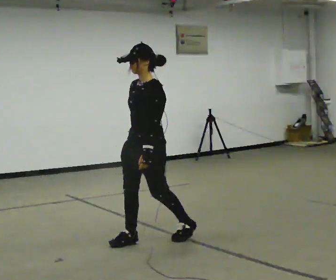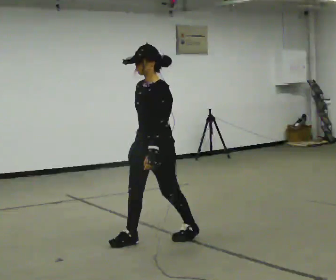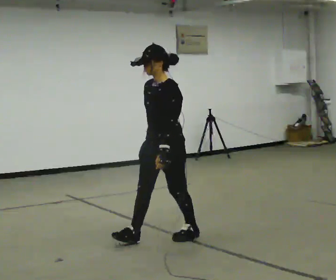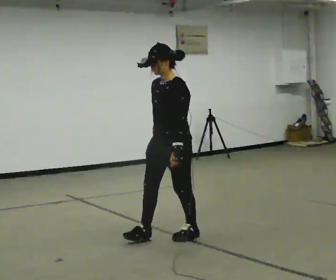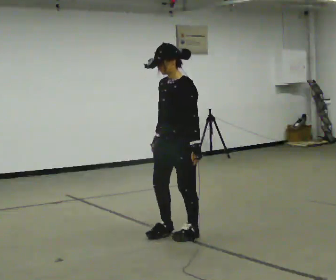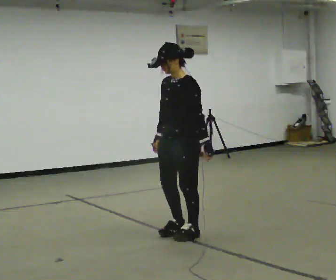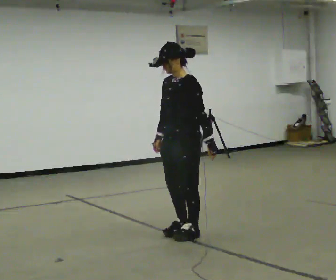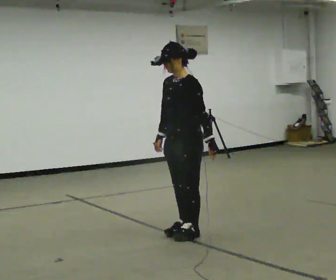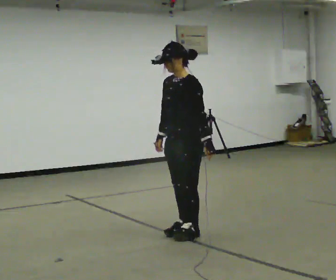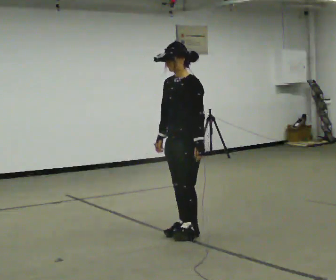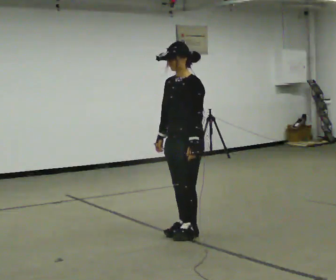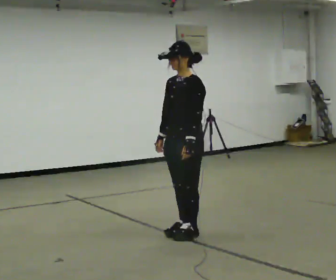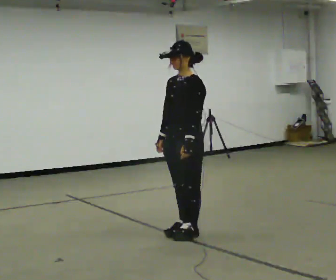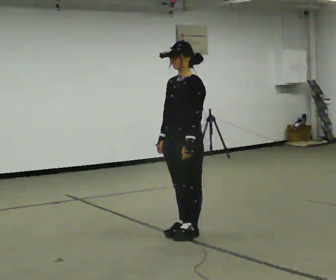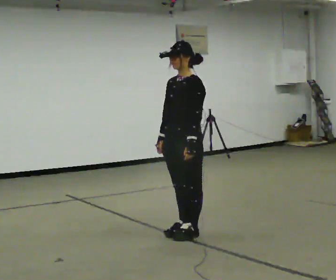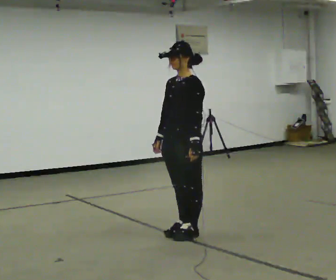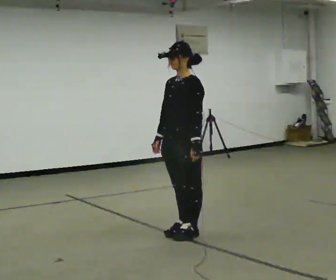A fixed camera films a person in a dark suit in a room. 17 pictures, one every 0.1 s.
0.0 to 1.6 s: In the picture they go to the right and away from the camera, about 0.25 m in 2 steps, which for them is backward.
The film runs forward here.
